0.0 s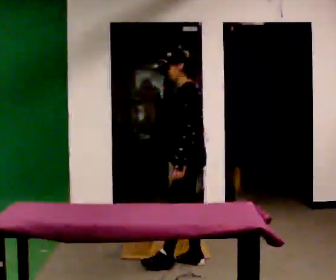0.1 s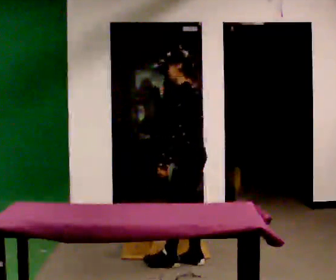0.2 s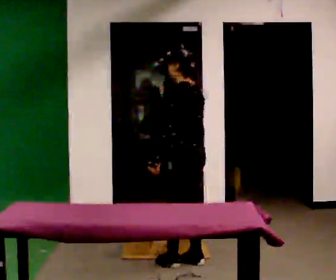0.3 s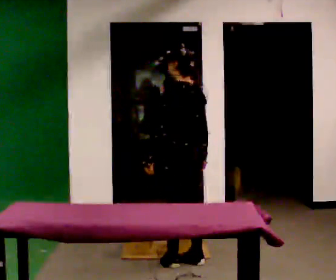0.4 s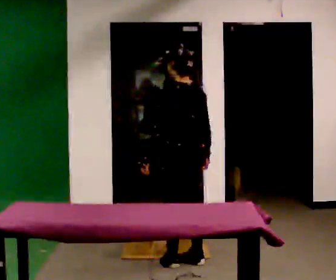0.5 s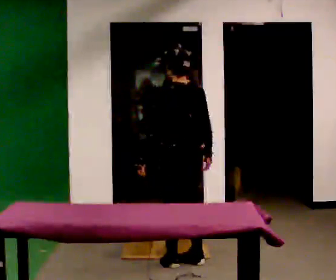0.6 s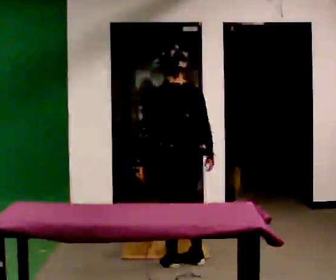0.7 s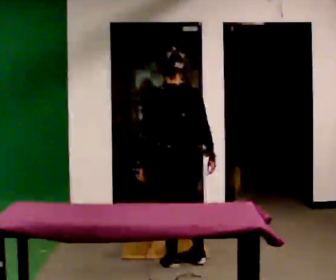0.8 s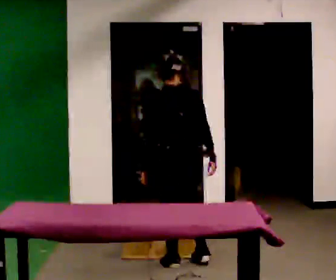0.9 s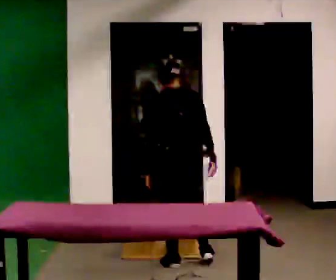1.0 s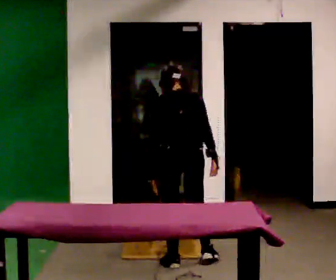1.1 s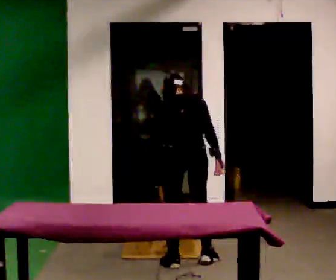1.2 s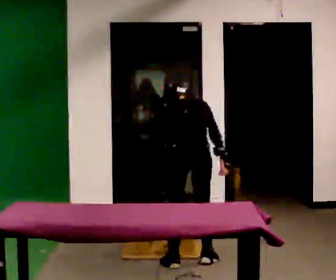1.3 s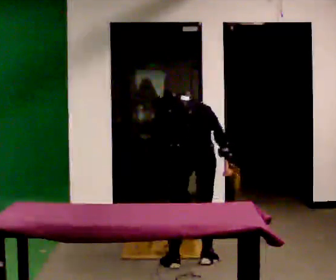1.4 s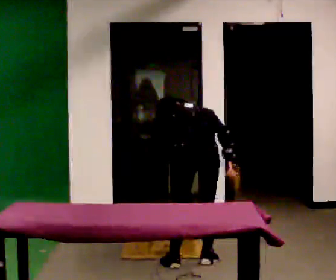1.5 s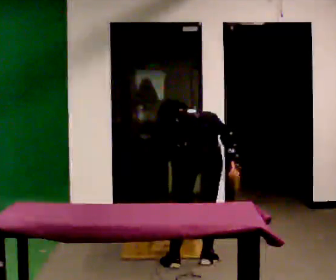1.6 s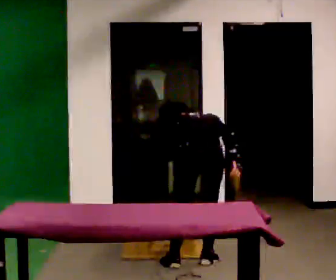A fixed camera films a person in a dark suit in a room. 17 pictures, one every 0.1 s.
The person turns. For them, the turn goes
to their right.
The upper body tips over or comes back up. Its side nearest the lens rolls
upward.
0.0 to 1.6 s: Seen from above the body turns clockwise, about 90 degrees: to their right, with its near side sliding to the left. The shoulders move downward. The upper body tips away from the camera, its near side rolling upward, as they bend forward. In the picture their right hand goes to the right, the arm swinging counterclockwise.
The film runs backward here.
